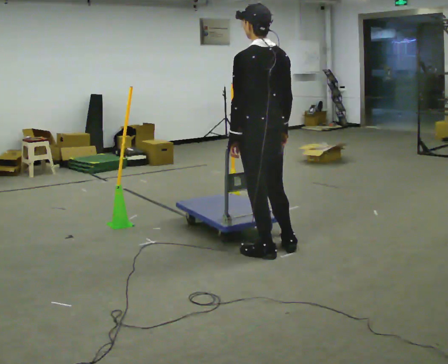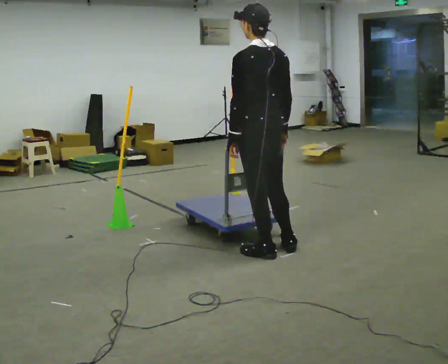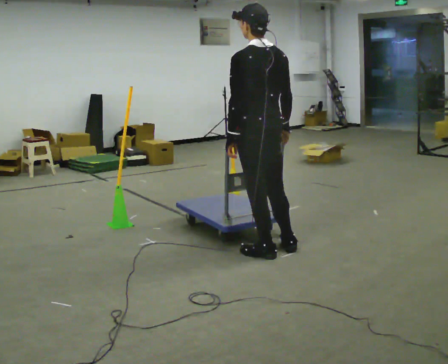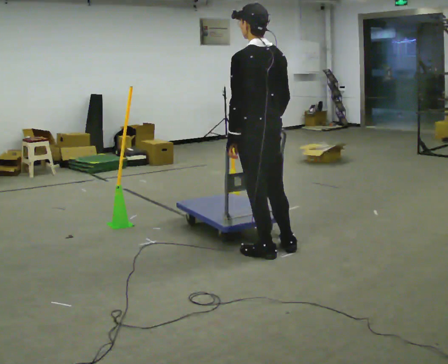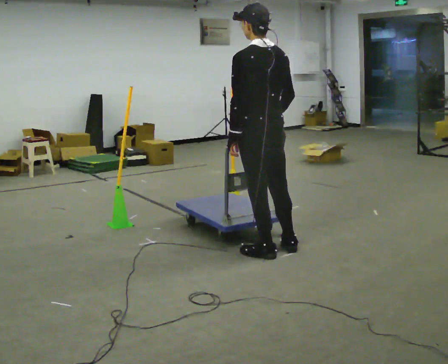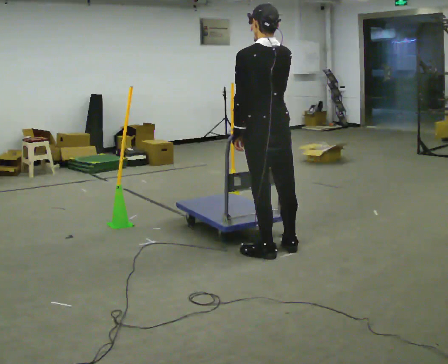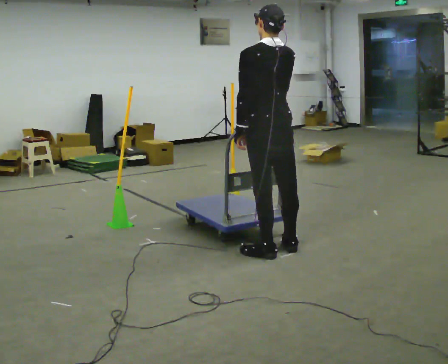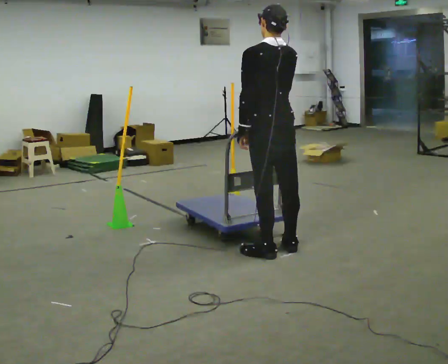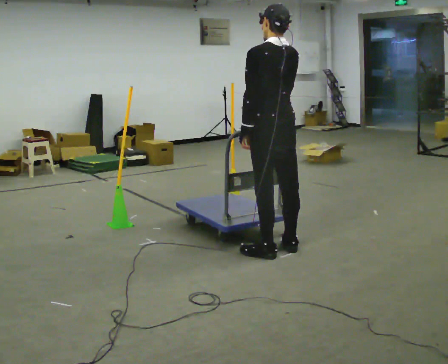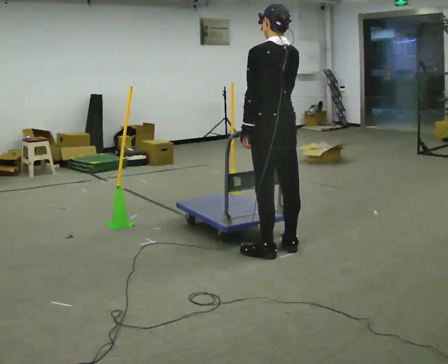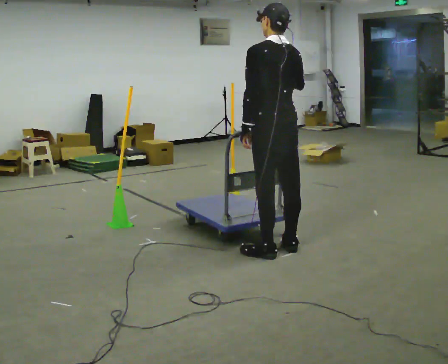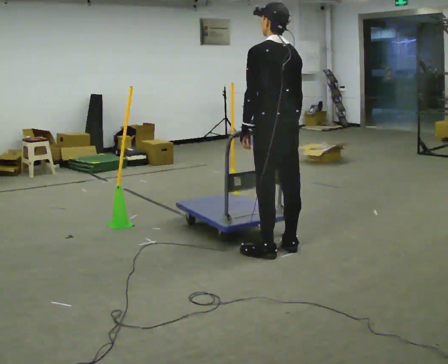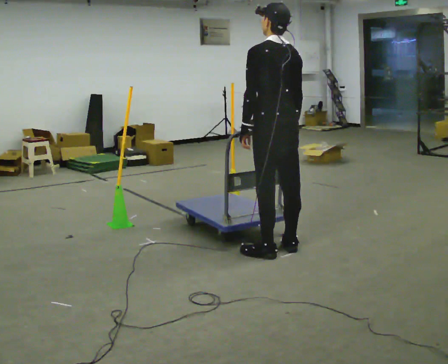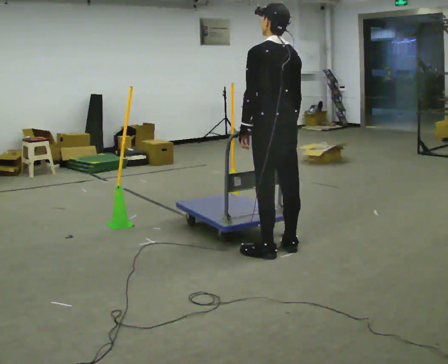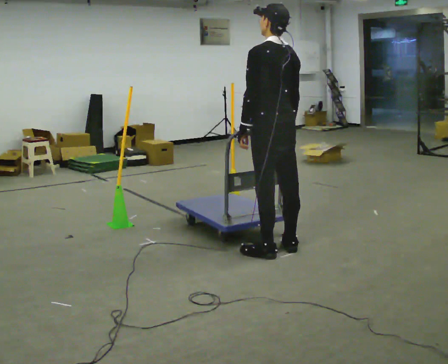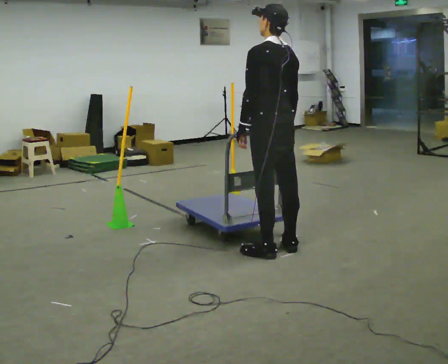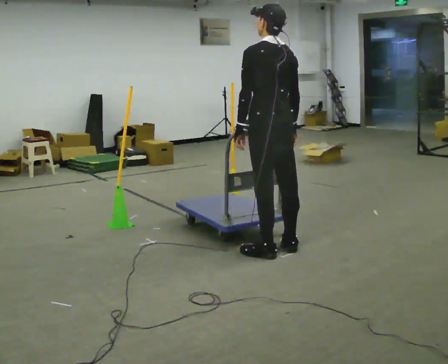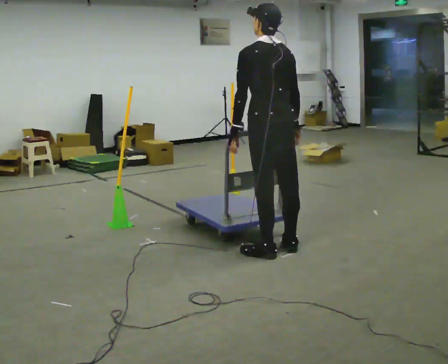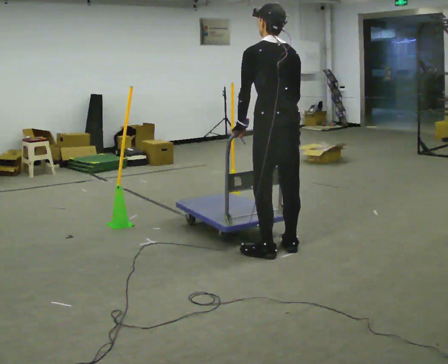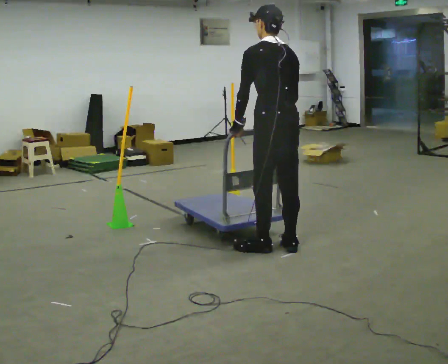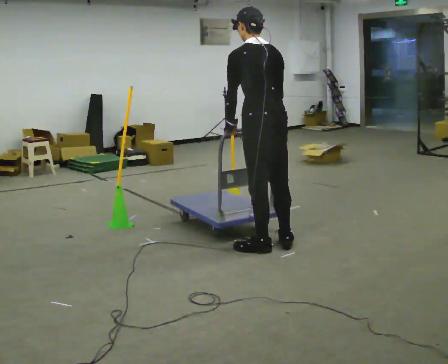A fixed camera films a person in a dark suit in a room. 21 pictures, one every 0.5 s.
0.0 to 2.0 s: The person moves a little, or ends about where they began.
2.0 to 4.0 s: In the picture their right hand goes upward.
4.0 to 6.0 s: In the picture their right hand goes downward.
6.0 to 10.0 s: The person moves a little, or ends about where they began.
The film runs backward here.
